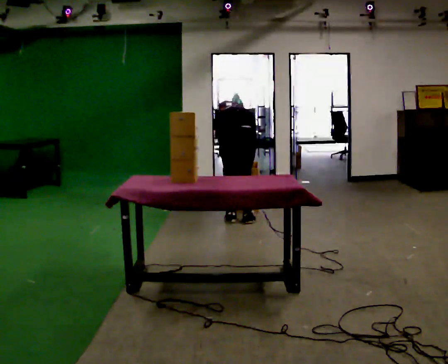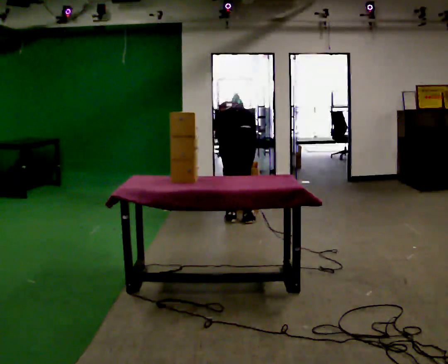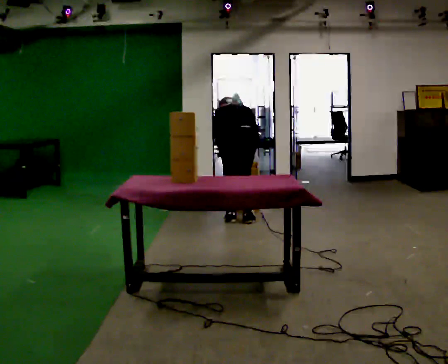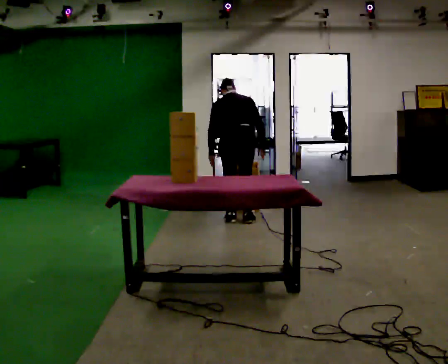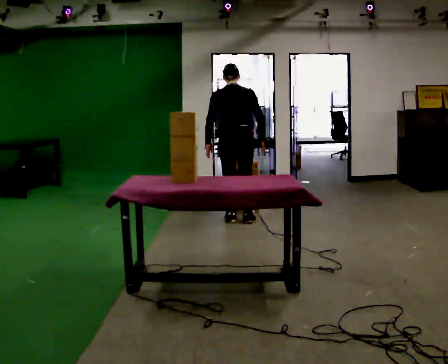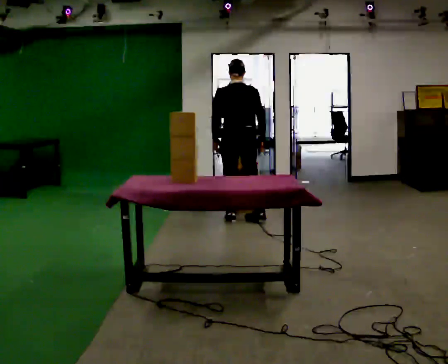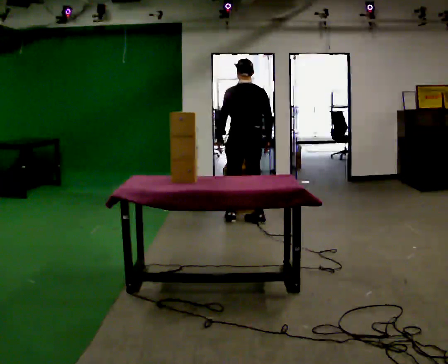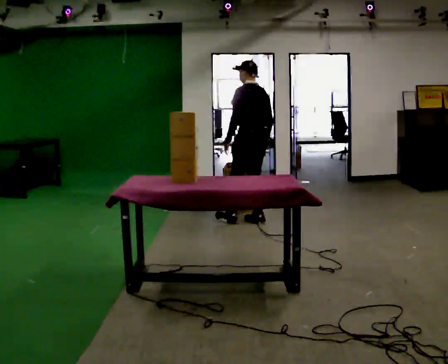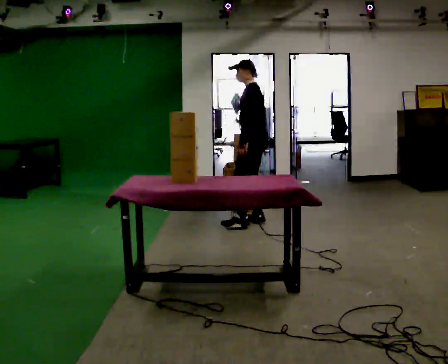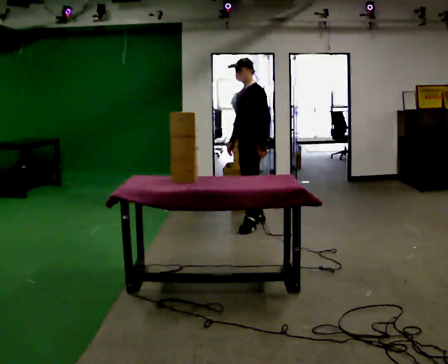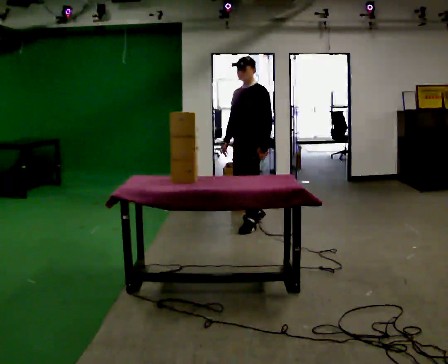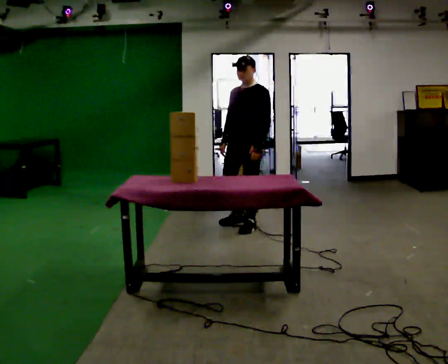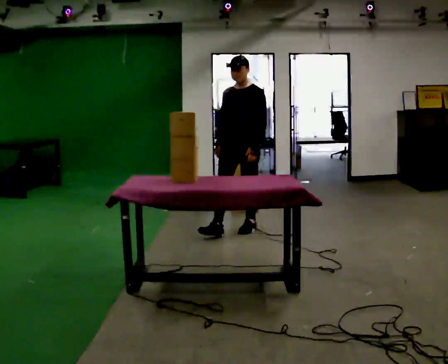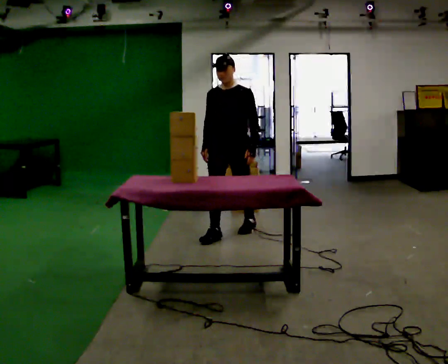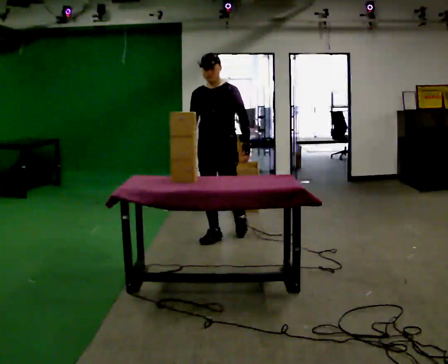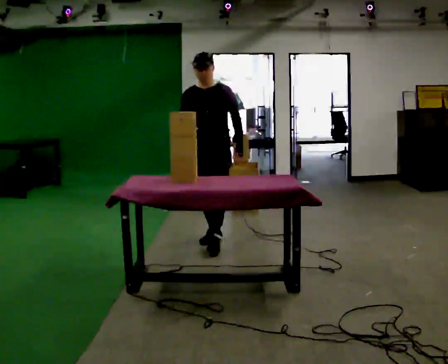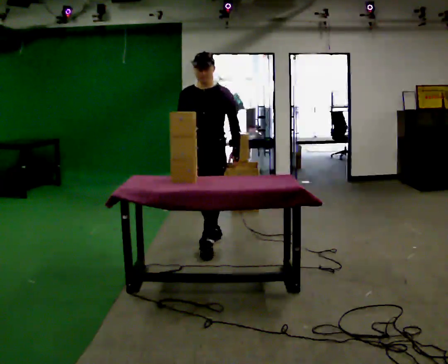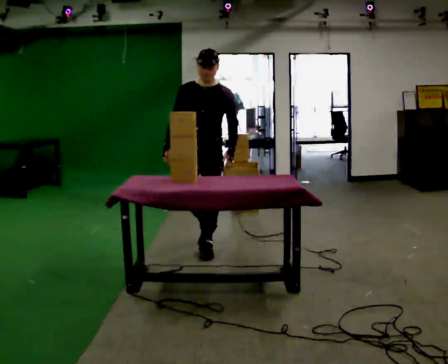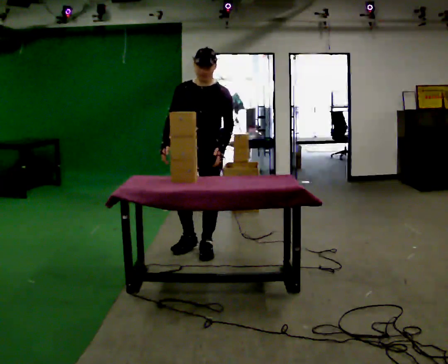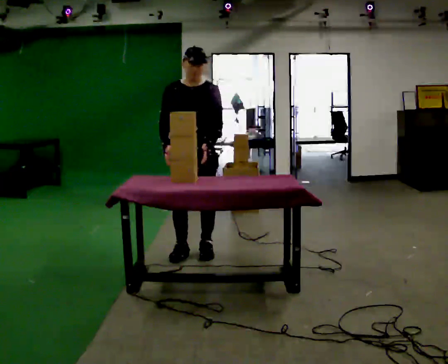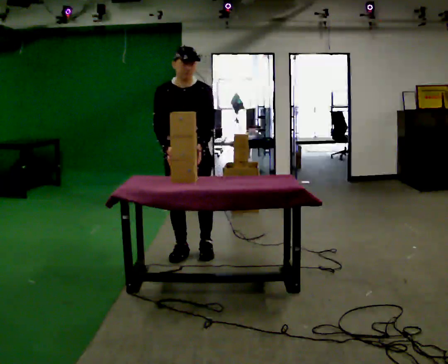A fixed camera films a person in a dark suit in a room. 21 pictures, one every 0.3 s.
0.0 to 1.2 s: The upper body goes upward. The upper body tips toward the camera, its near side rolling downward, as they lean back or straighten.
1.2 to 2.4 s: The part of the body nearest the lens slides to the right as the person turns to their left by about 75 degrees. In the picture they go to the right, about 0.25 m in 1 step.
2.4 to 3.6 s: The part of the body nearest the lens slides to the right as the person turns to their left by about 75 degrees. In the picture they go toward the camera, about 0.25 m in 1 step.
3.6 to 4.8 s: In the picture they go toward the camera and to the left, about 0.5 m in 2 steps, which for them is forward.
4.8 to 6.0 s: In the picture they go toward the camera and to the left, about 0.25 m in 1 step, which for them is forward.
The film runs forward here.
